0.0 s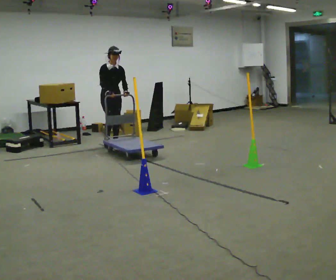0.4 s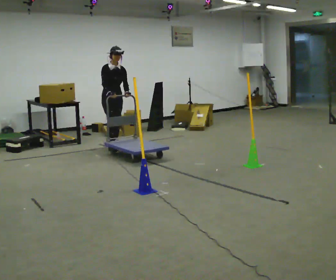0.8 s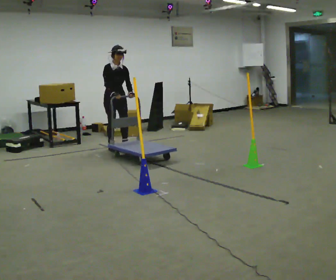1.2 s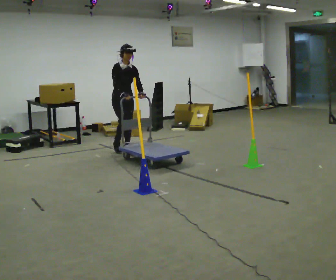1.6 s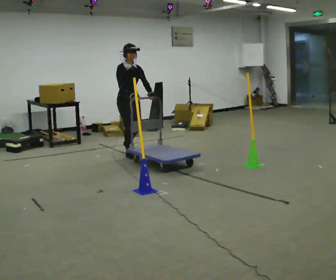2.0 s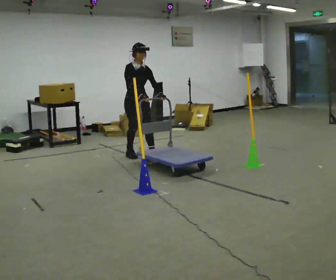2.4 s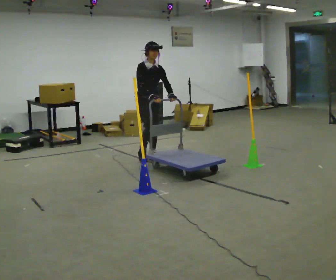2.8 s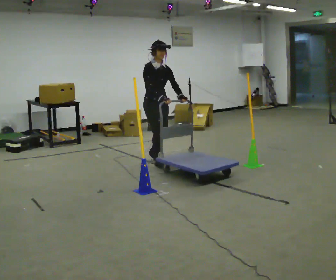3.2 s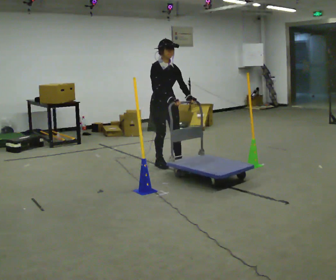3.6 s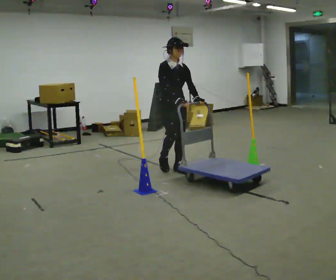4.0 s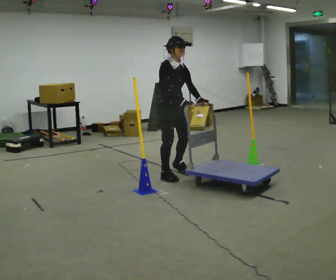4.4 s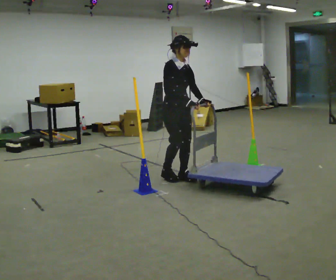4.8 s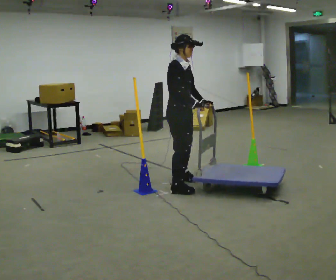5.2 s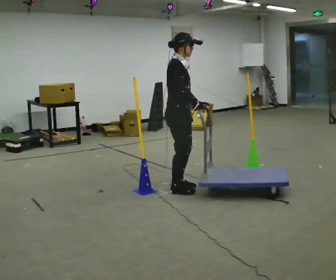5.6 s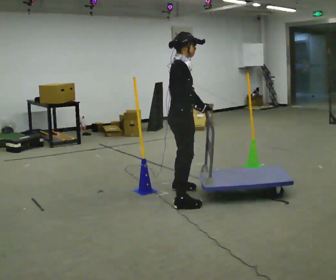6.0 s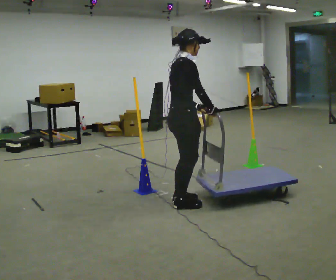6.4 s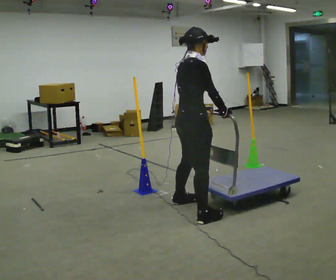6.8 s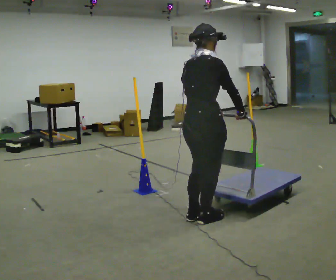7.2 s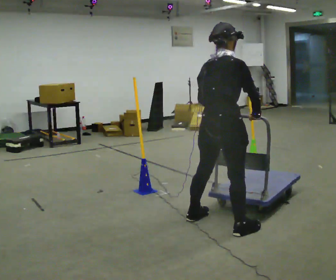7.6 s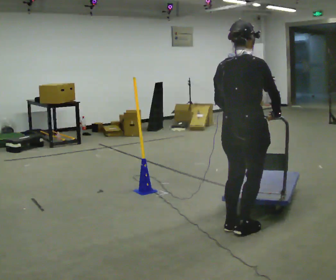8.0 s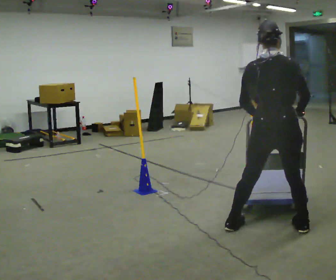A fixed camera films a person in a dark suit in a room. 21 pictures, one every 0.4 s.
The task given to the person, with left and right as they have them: Push the cart through the gap between the poles without touching them, then bring it back through.
0.0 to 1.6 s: In the picture they go toward the camera and to the right, about 0.5 m in 3 steps, which for them is forward.
1.6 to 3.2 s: In the picture they go toward the camera and to the right, about 1 m in 2 steps, which for them is forward.
3.2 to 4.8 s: The part of the body nearest the lens slides to the right as the person turns to their left by about 30 degrees. In the picture they go toward the camera, about 1 m in 4 steps, which for them is forward and to their right.
4.8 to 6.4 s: The person turns about 45 degrees to their left, counterclockwise seen from above, so the part of the body nearest the lens slides to the right. In the picture they go toward the camera, about 1 m in 4 steps, which for them is to their right.
6.4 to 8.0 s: The person turns about 60 degrees to their left, counterclockwise seen from above, so the part of the body nearest the lens slides to the right. In the picture they go to the right and toward the camera, about 1 m in 4 steps, which for them is to their right.
The film runs forward here.
